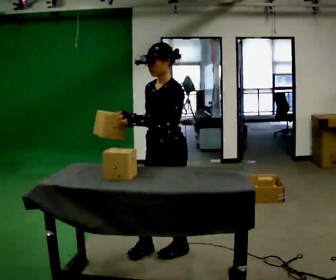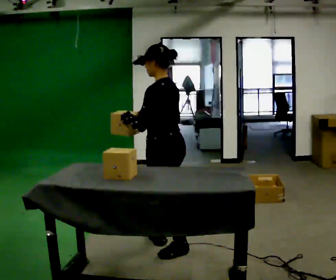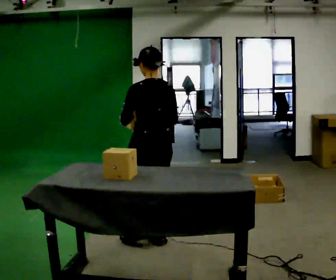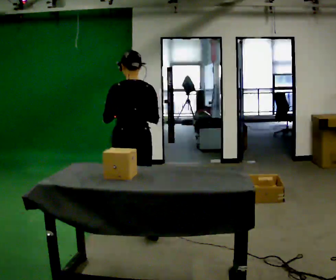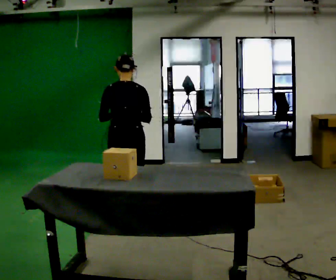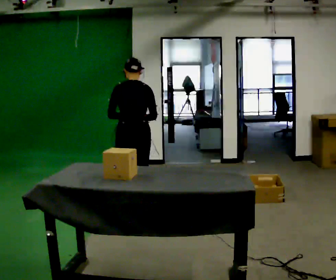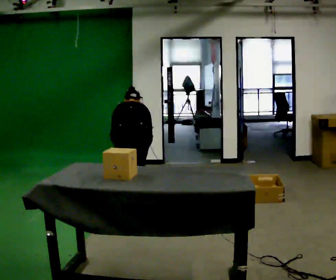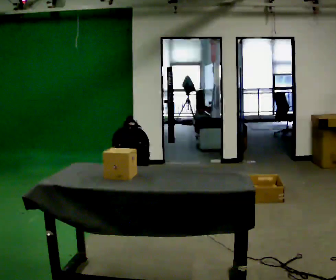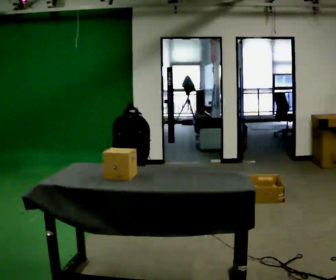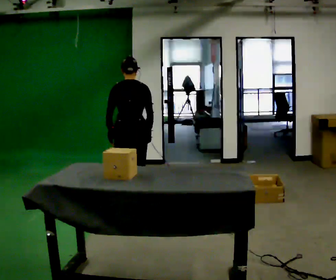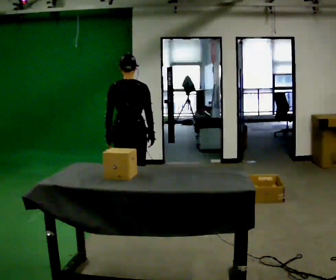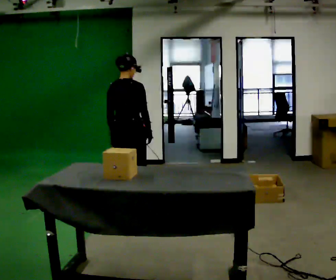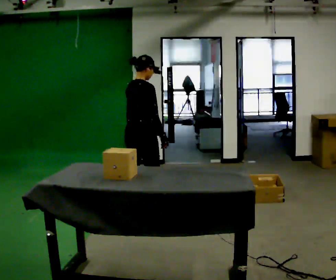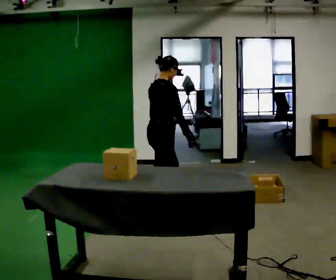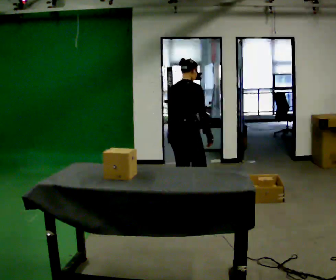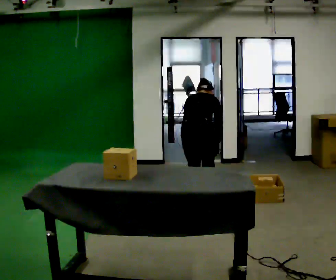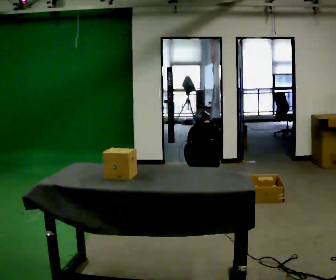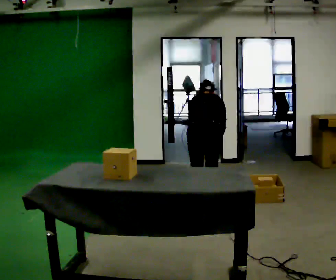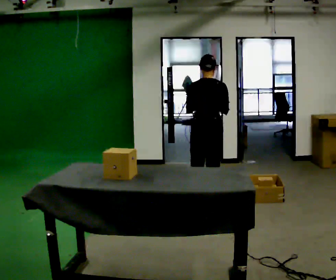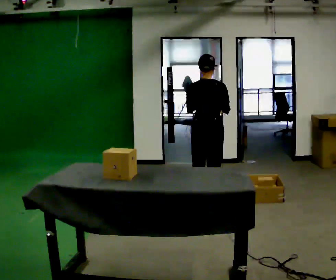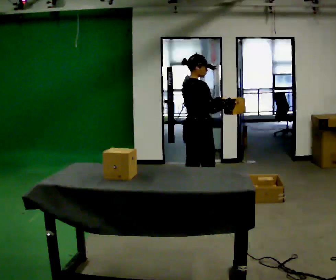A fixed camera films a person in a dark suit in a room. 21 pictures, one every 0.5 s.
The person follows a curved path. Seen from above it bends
clockwise.
0.0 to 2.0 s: Seen from above the body turns clockwise, about 120 degrees: to their right, with its near side sliding to the left. In the picture they go away from the camera, about 1 m in 2 steps.
2.0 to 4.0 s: In the picture they go away from the camera, about 0.25 m in 1 step, which for them is forward. The upper body tips away from the camera, its near side rolling upward, as they bend forward. In the picture their left hand goes downward.
4.0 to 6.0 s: Seen from above the body turns clockwise, about 60 degrees: to their right, with its near side sliding to the left. The upper body goes upward. The upper body tips toward the camera, its near side rolling downward, as they lean back or straighten. In the picture their right hand goes upward.
6.0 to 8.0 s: Seen from above the body turns counterclockwise, about 45 degrees: to their left, with its near side sliding to the right. In the picture they go to the right, about 0.5 m in 2 steps, which for them is forward and to their right. The shoulders move downward. The upper body tips away from the camera, its near side rolling upward, as they bend forward. In the picture their right hand goes downward.
8.0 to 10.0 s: Seen from above the body turns clockwise, about 60 degrees: to their right, with its near side sliding to the left. The shoulders move upward. The upper body tips toward the camera, its near side rolling downward, as they lean back or straighten. In the picture their left hand goes upward.
The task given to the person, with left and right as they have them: Take each object from the table and put it in the bin that matches it, walking between the bins. Keep going until the operator says stop; one object at a time, and do not rush between trips.
The film runs forward here.
